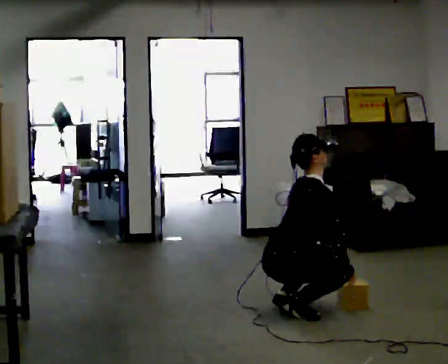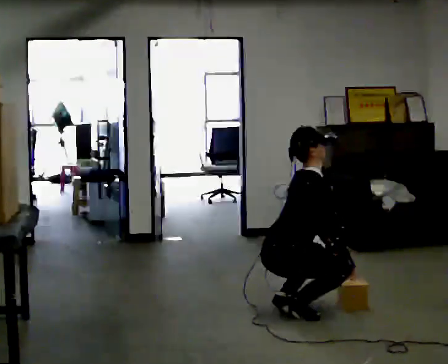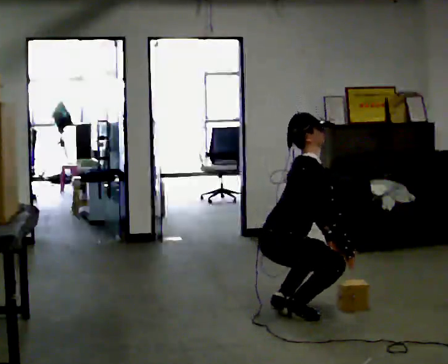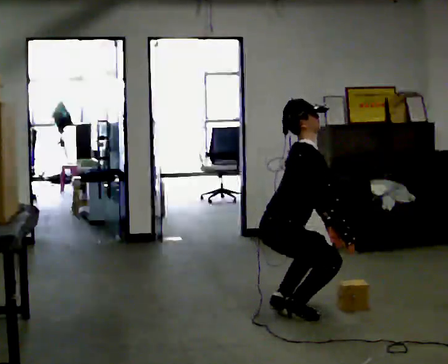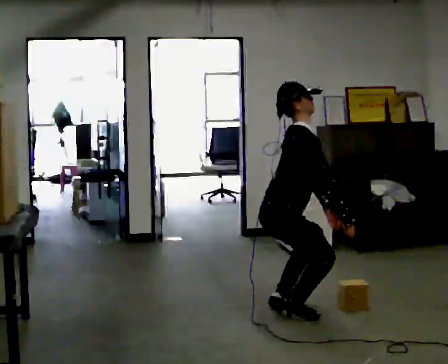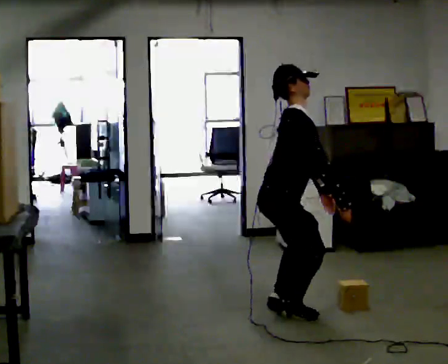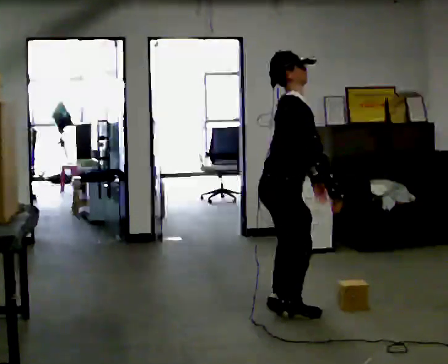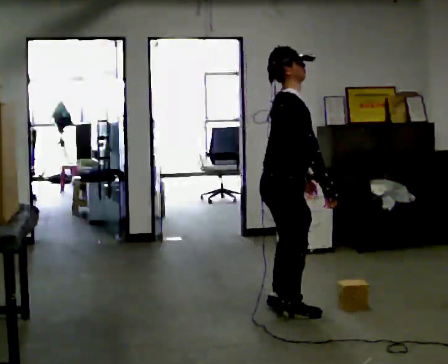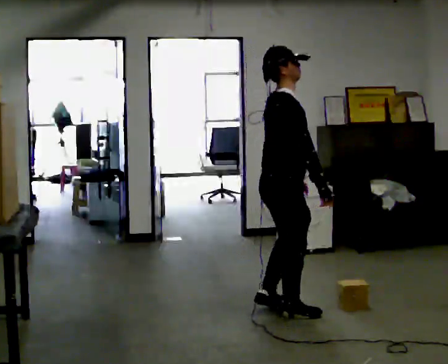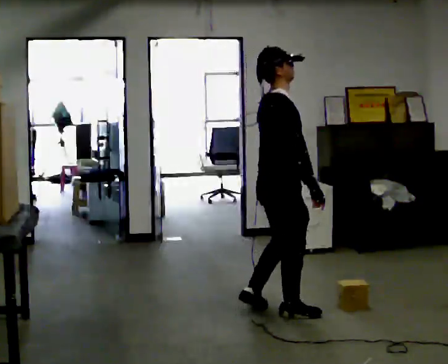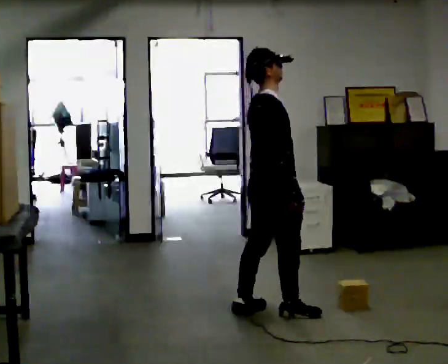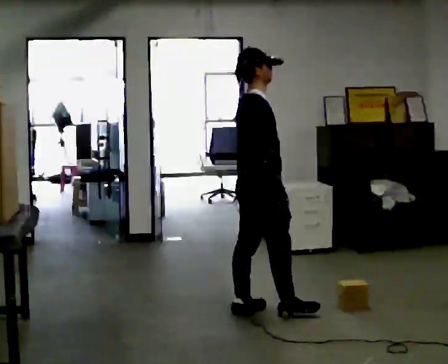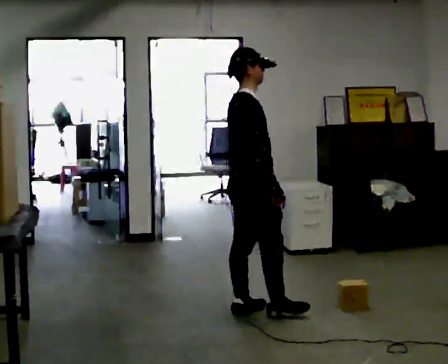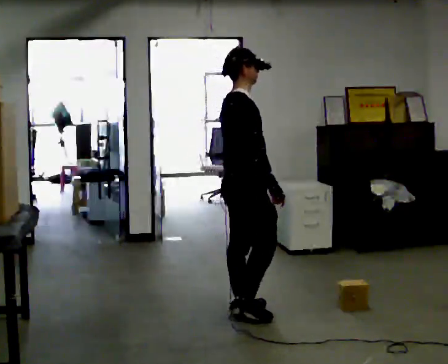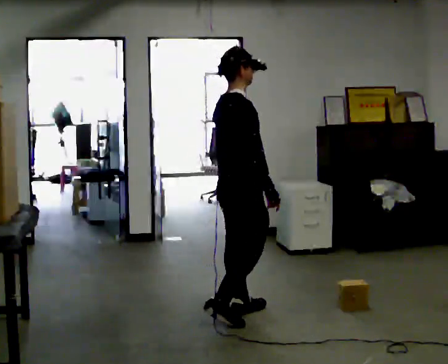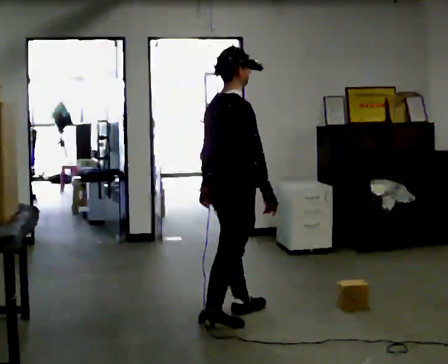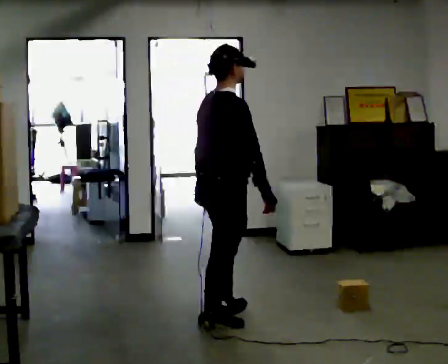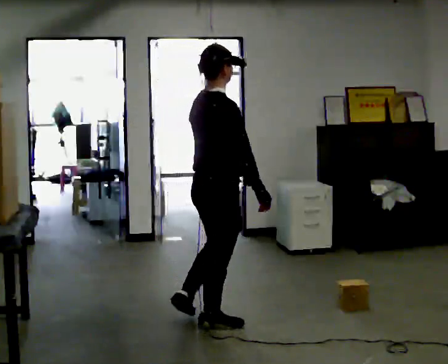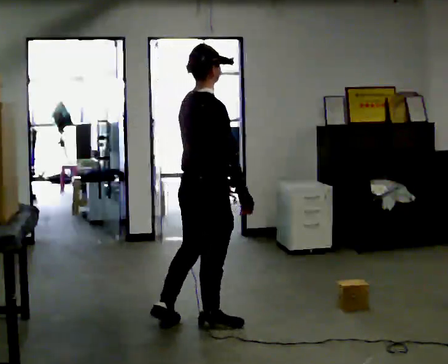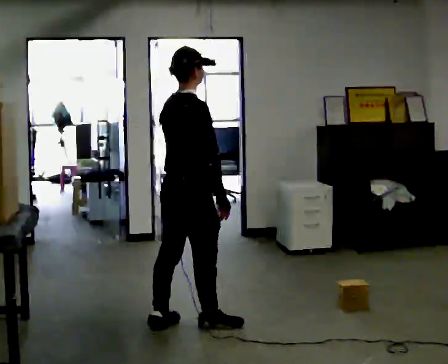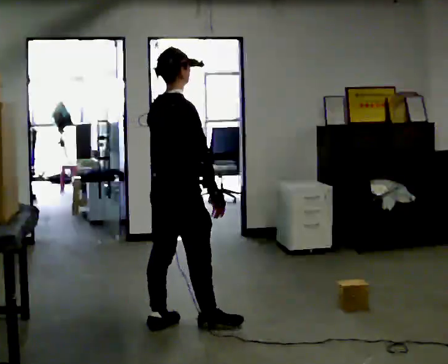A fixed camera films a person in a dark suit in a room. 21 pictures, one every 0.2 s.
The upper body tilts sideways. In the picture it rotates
counterclockwise.
The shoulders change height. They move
upward.
0.0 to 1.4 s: The upper body goes upward. In the picture the upper body tilts counterclockwise, shoulders to the left, as they lean back or straighten. In the picture their right hand goes upward.
1.4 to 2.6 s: In the picture they go to the left, about 0.25 m in 2 steps, which for them is backward. In the picture their left hand goes to the left.
2.6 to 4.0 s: In the picture they go to the left and toward the camera, about 0.5 m in 1 step, which for them is backward.
The film runs backward here.
